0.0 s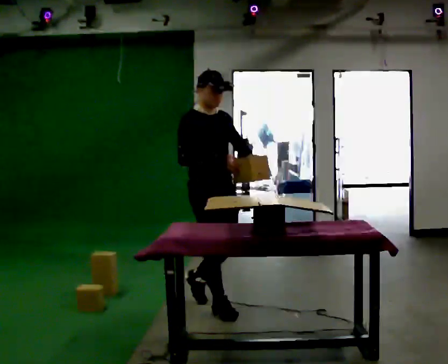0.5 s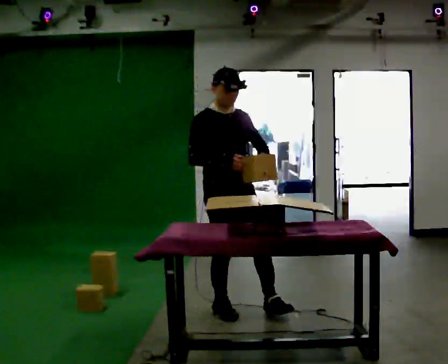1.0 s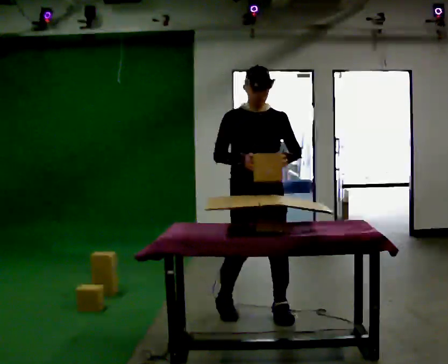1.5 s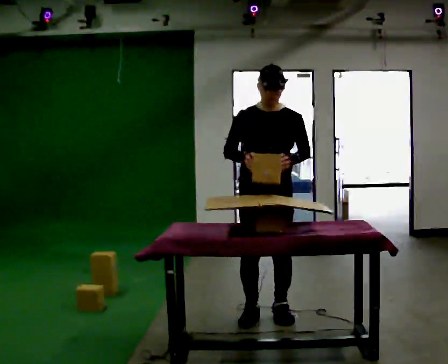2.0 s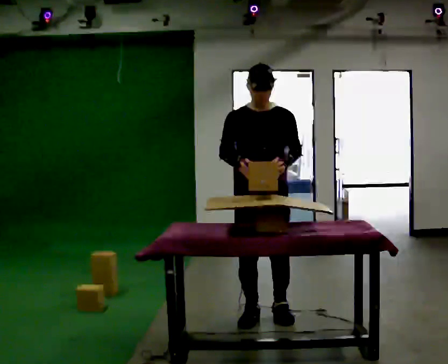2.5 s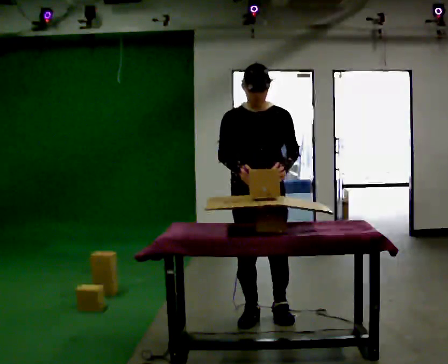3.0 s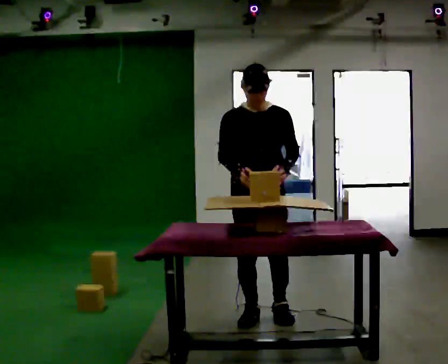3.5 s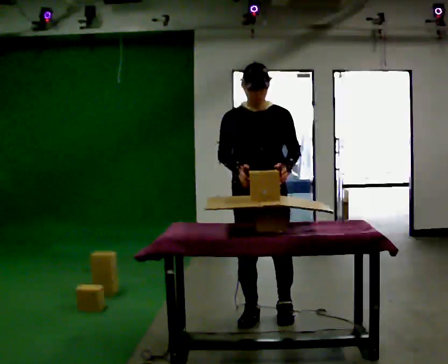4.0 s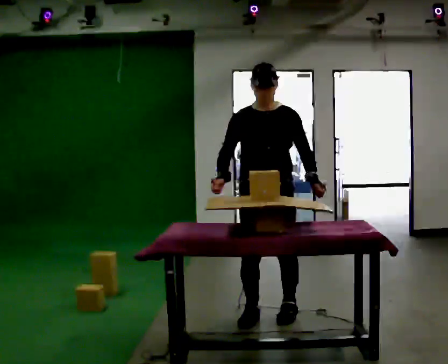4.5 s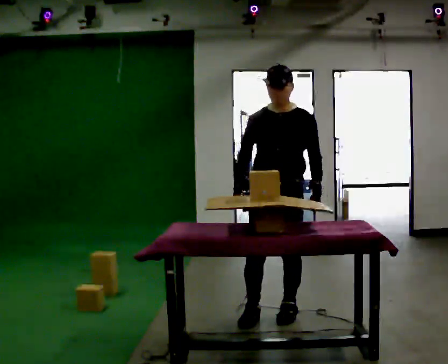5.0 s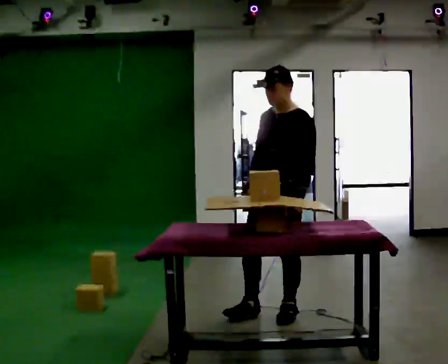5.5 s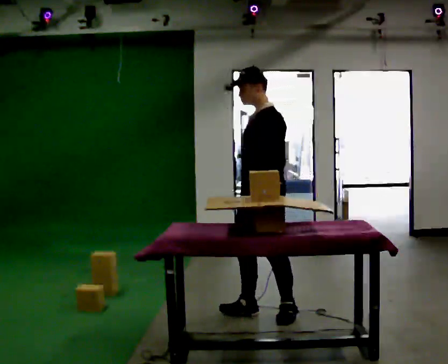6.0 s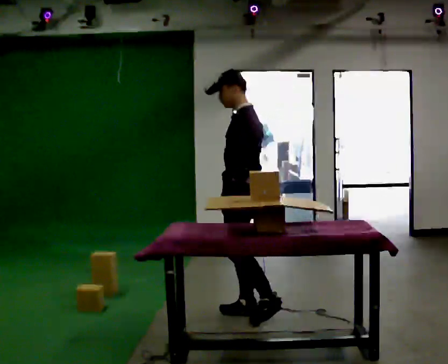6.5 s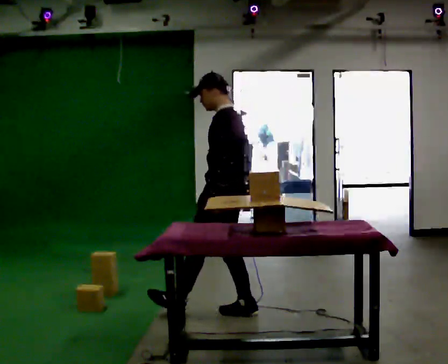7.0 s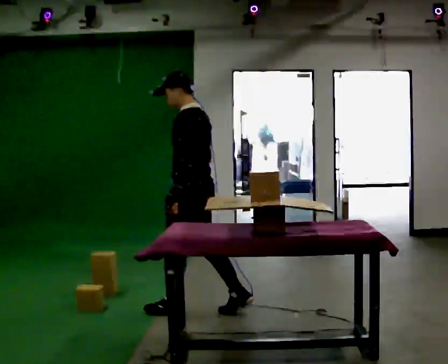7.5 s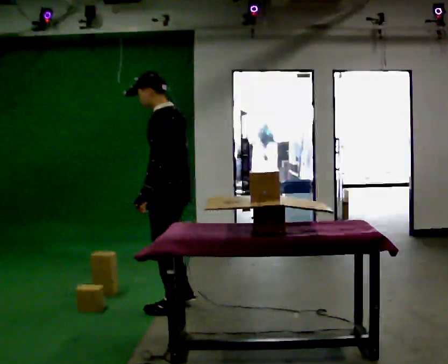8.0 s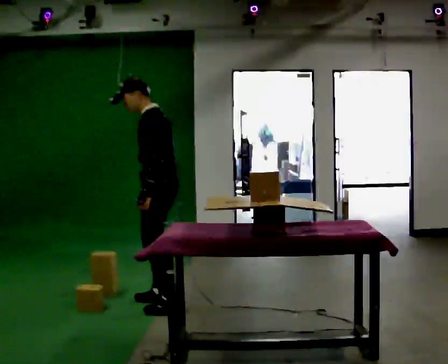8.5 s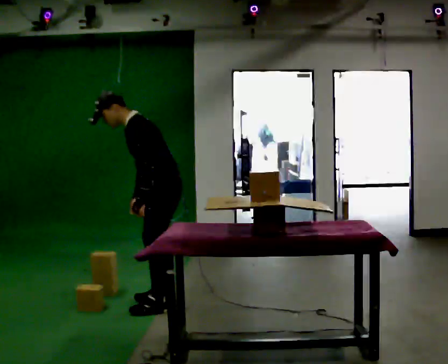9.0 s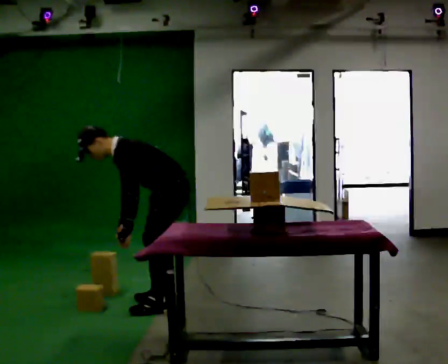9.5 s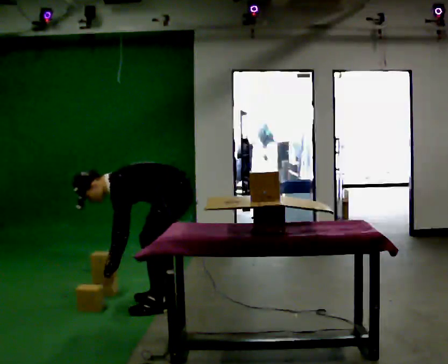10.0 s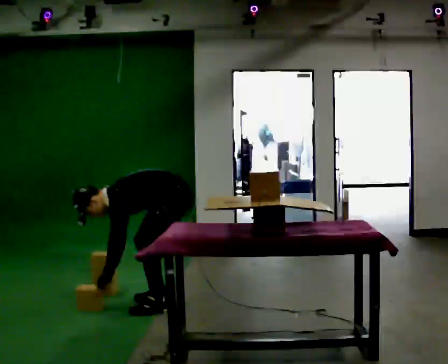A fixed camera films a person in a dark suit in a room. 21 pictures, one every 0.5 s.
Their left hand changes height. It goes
downward.
The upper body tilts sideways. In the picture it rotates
counterclockwise.
0.0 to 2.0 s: The person turns about 45 degrees to their right, clockwise seen from above, so the part of the body nearest the lens slides to the left. In the picture they go to the right and toward the camera, about 0.5 m in 2 steps, which for them is to their left and forward.
2.0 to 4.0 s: The person moves a little, or ends about where they began.
4.0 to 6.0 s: The part of the body nearest the lens slides to the left as the person turns to their right by about 90 degrees. In the picture they go to the left, about 0.25 m. In the picture their left hand goes to the left.
6.0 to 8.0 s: In the picture they go to the left, about 0.75 m in 2 steps, which for them is forward.
8.0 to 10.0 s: The upper body goes downward. In the picture the upper body tilts counterclockwise, shoulders to the left, as they bend forward. In the picture their left hand goes downward and to the left.
The film runs forward here.
